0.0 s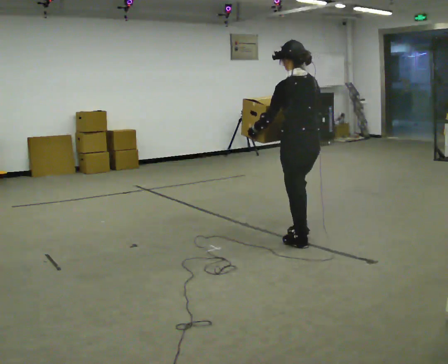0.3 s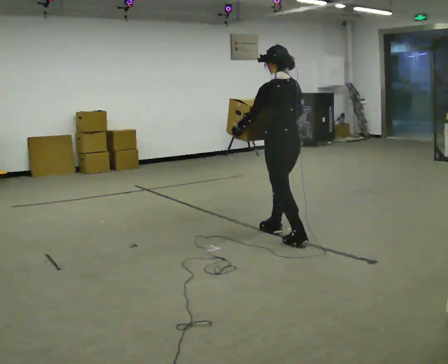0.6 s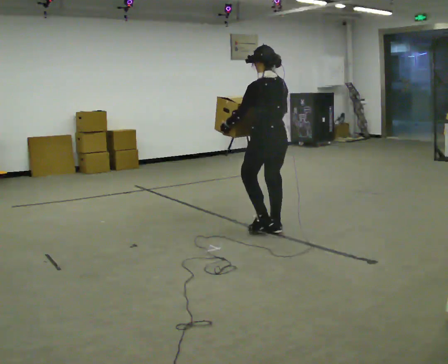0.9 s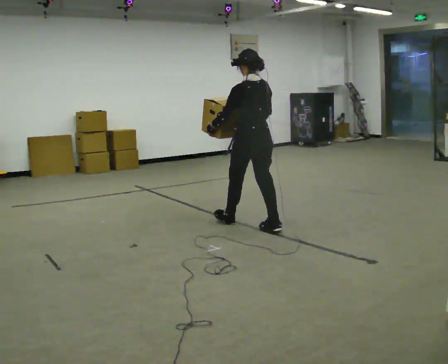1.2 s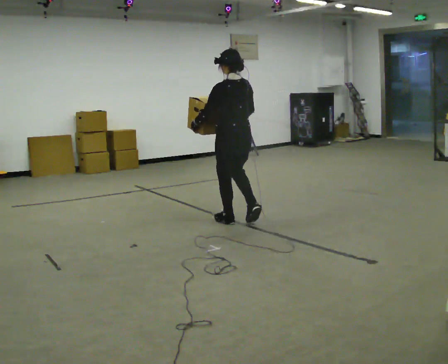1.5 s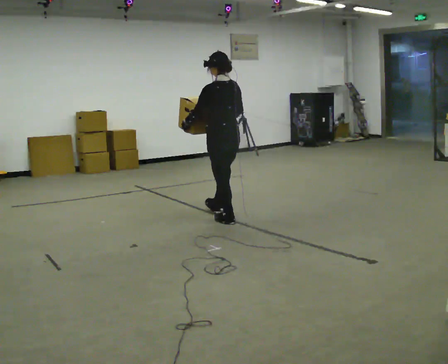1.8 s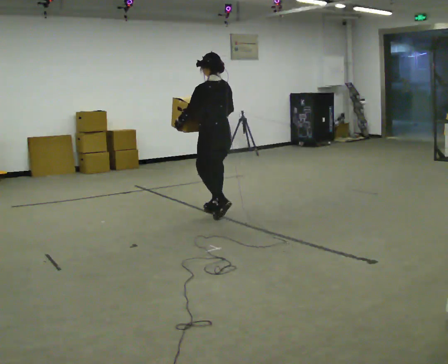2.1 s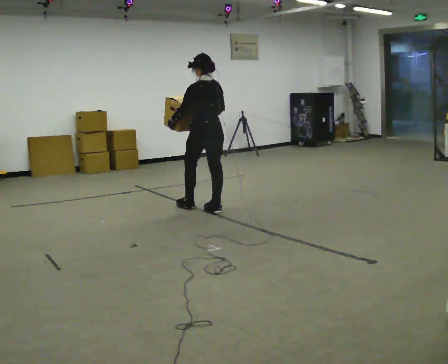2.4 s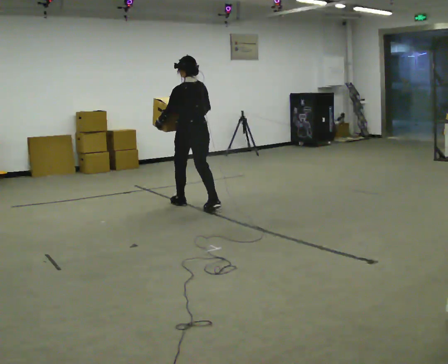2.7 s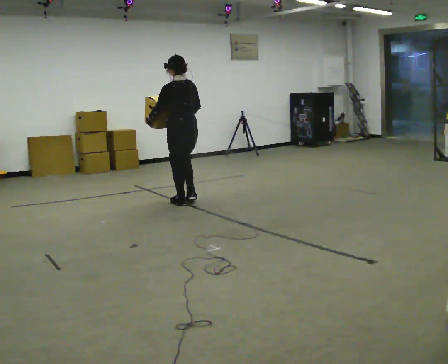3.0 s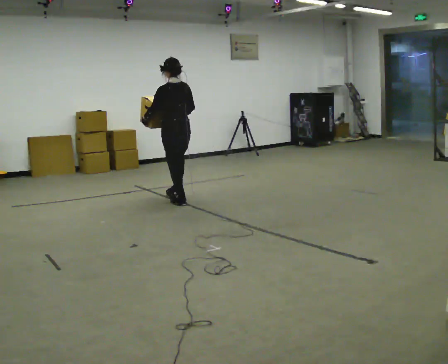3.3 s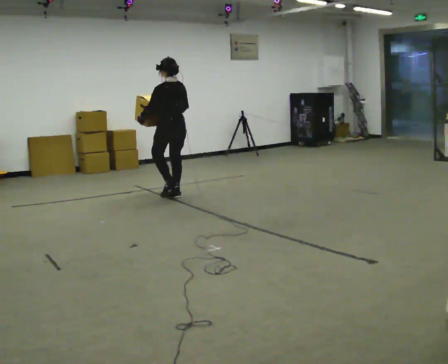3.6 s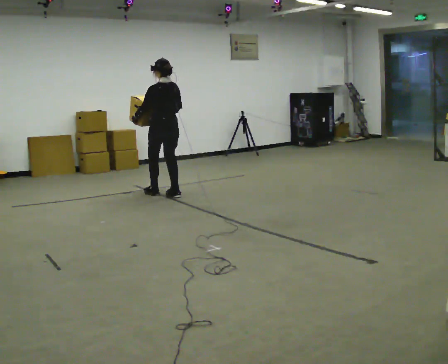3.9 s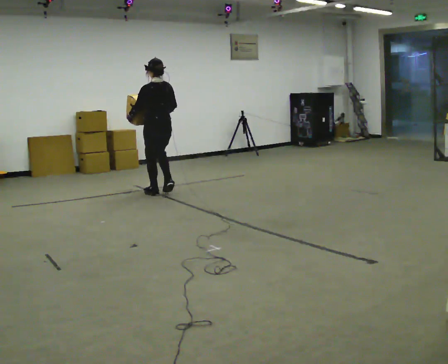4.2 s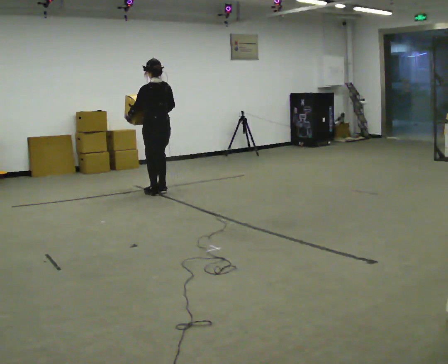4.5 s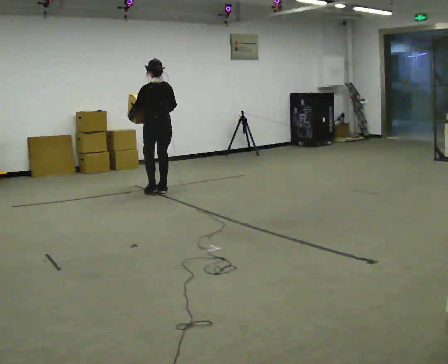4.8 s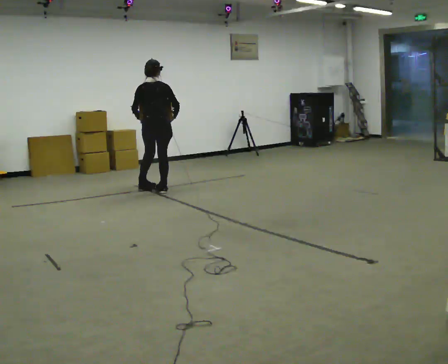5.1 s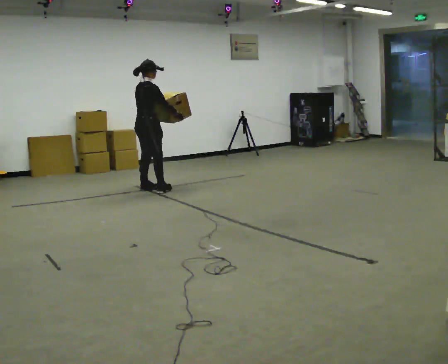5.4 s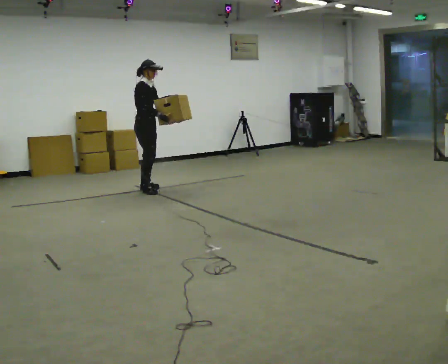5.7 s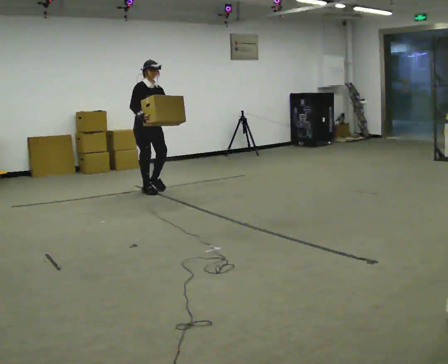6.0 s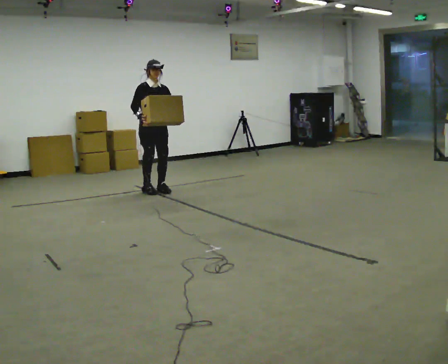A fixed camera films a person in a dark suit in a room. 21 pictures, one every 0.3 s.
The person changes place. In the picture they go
away from the camera.
0.0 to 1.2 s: In the picture they go away from the camera and to the left, about 1 m in 2 steps, which for them is forward.
1.2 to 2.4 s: In the picture they go away from the camera and to the left, about 1 m in 2 steps, which for them is forward.
2.4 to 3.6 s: In the picture they go away from the camera and to the left, about 0.75 m in 2 steps, which for them is forward.
3.6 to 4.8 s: The person turns about 45 degrees to their right, clockwise seen from above, so the part of the body nearest the lens slides to the left. In the picture they go away from the camera, about 0.25 m in 1 step, which for them is forward.
4.8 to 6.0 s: The person turns about 135 degrees to their right, clockwise seen from above, so the part of the body nearest the lens slides to the left. In the picture their right hand goes to the left.
The film runs forward here.
